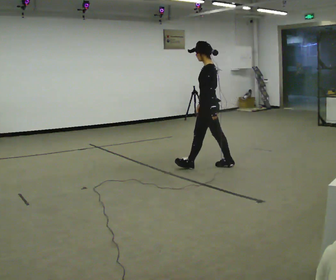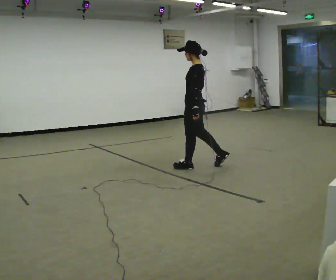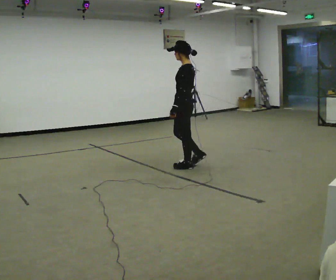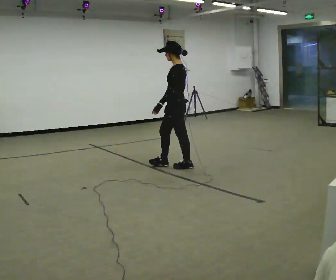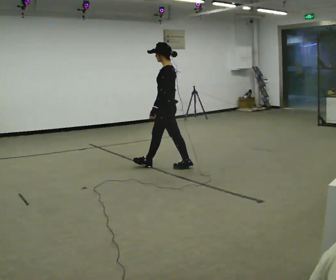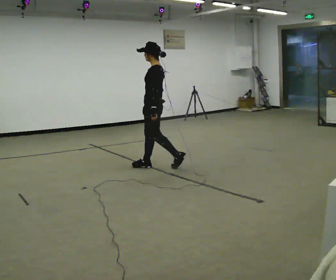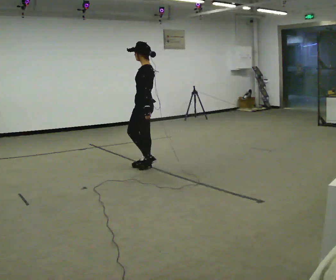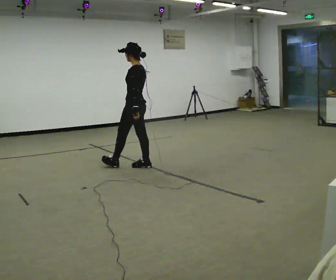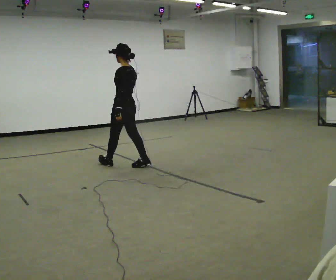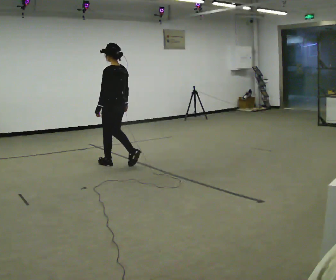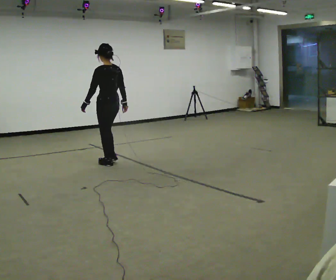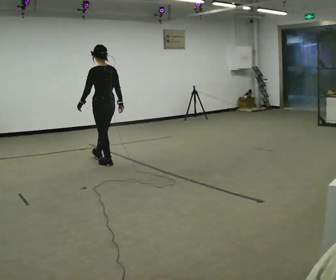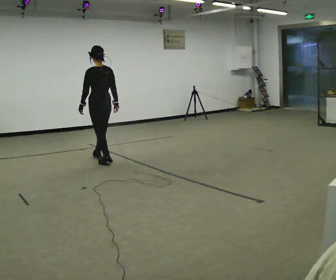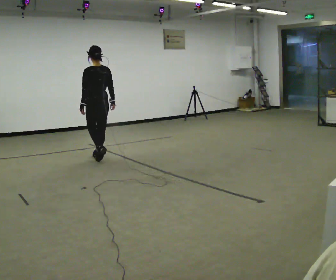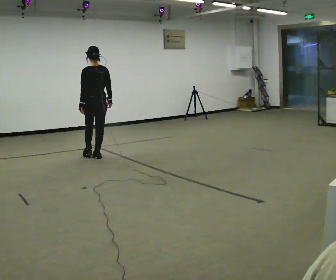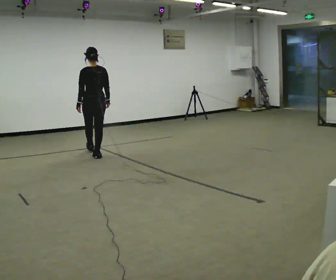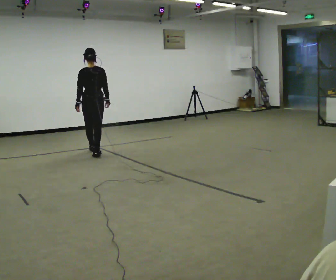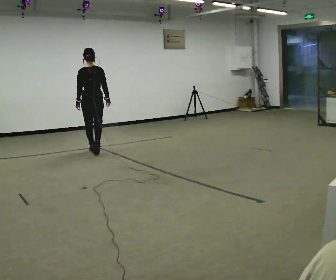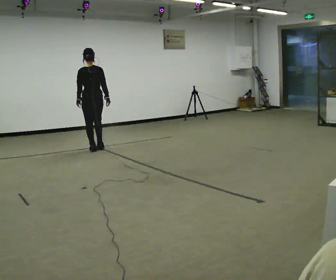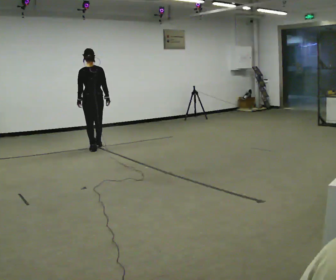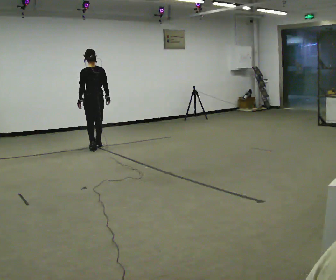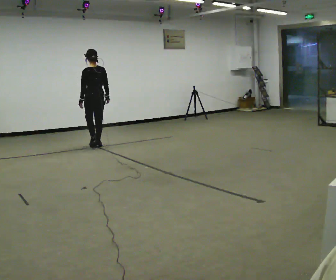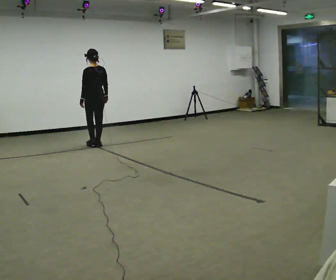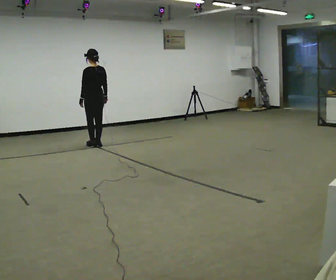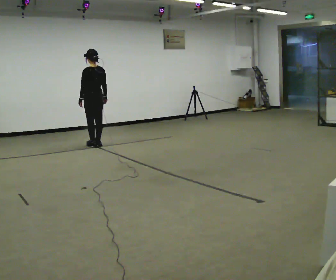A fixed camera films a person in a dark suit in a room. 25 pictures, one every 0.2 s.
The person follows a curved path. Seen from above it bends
clockwise.
0.0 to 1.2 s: In the picture they go to the left, about 1 m in 1 step, which for them is forward.
1.2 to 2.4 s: Seen from above the body turns clockwise, about 45 degrees: to their right, with its near side sliding to the left. In the picture they go to the left and away from the camera, about 0.5 m in 2 steps, which for them is forward.
2.4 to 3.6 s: The part of the body nearest the lens slides to the left as the person turns to their right by about 30 degrees. In the picture they go away from the camera, about 0.5 m in 1 step, which for them is forward.
3.6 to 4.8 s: The person turns about 30 degrees to their left, counterclockwise seen from above, so the part of the body nearest the lens slides to the right. In the picture they go away from the camera, about 0.5 m in 2 steps, which for them is forward and to their right.
The film runs forward here.
